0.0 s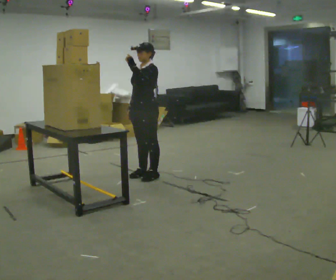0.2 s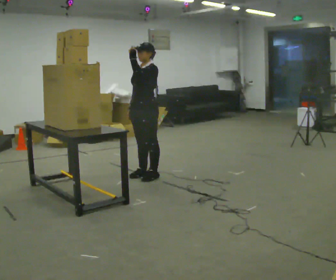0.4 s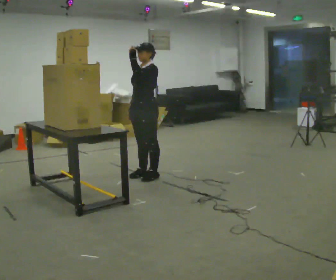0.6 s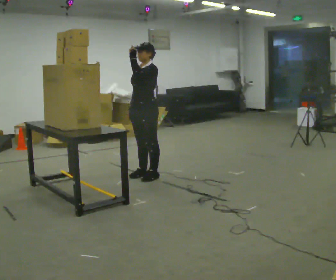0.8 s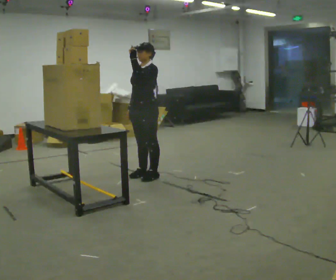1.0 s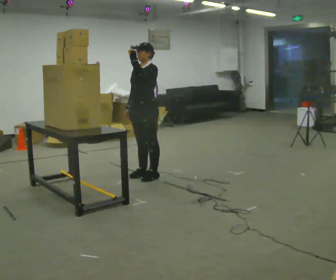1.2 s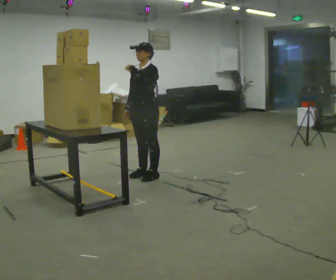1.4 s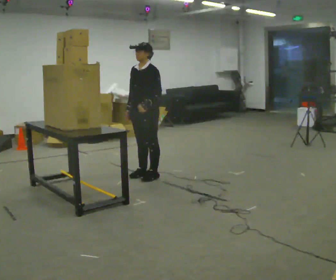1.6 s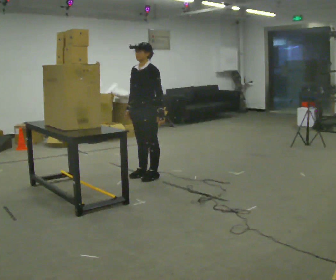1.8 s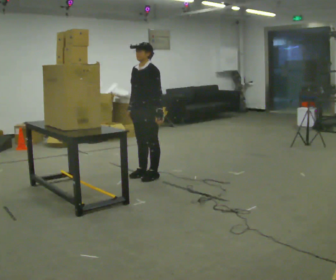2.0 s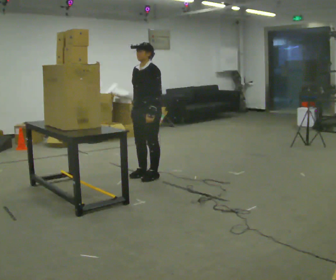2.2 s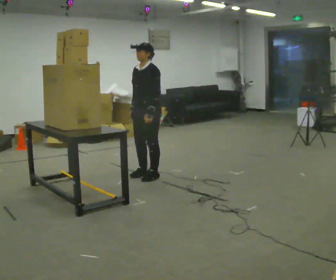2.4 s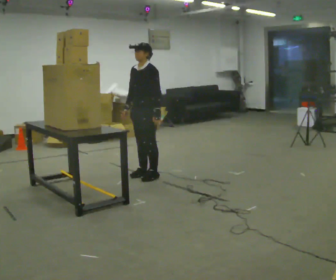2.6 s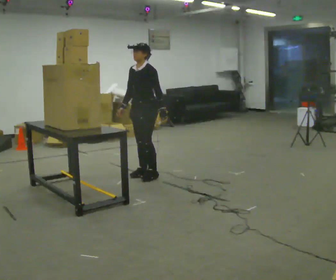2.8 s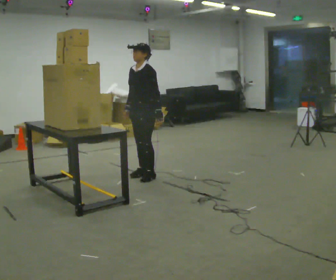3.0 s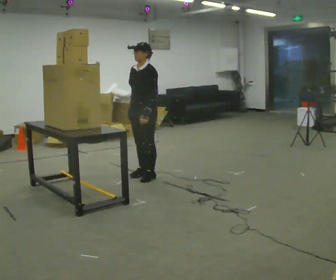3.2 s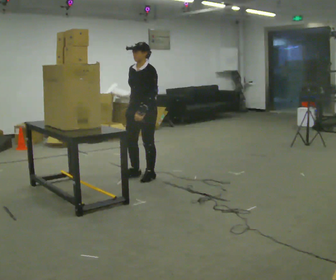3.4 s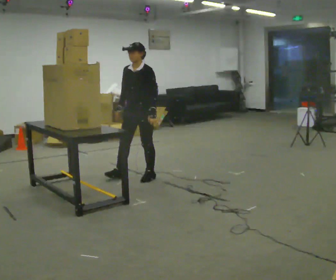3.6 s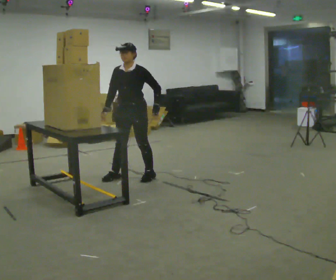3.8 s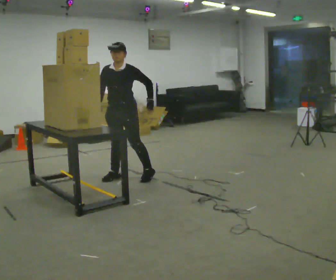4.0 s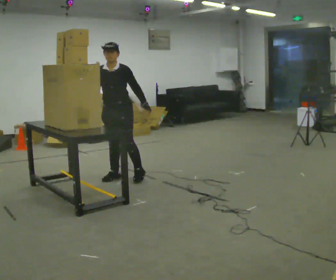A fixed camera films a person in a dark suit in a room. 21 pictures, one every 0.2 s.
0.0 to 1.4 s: In the picture their left hand goes downward.
1.4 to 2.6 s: The person moves a little, or ends about where they began.
2.6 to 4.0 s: The part of the body nearest the lens slides to the right as the person turns to their left by about 30 degrees. In the picture they go to the left, about 0.25 m in 2 steps, which for them is forward and to their right.
The film runs backward here.
